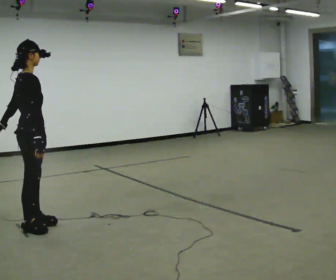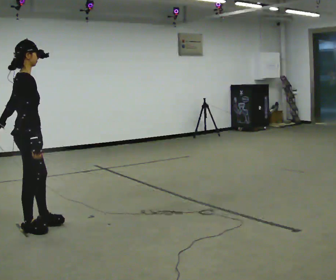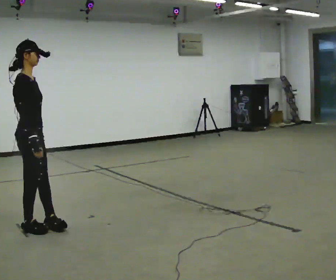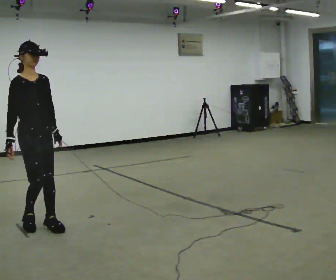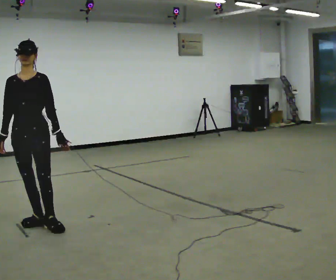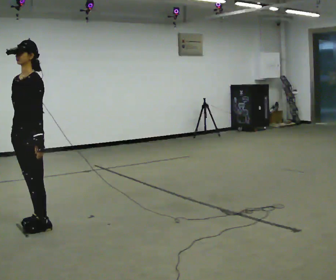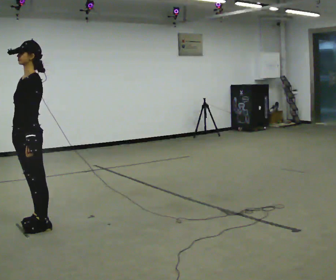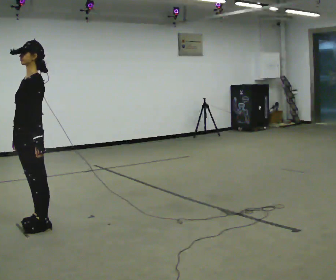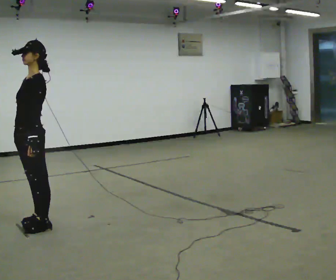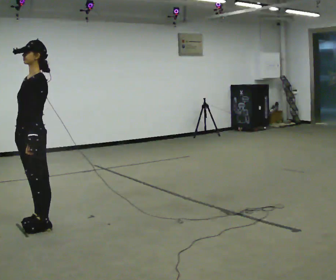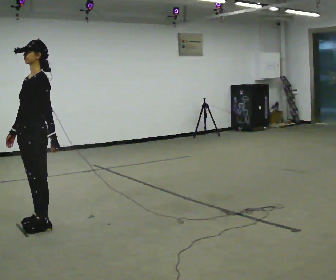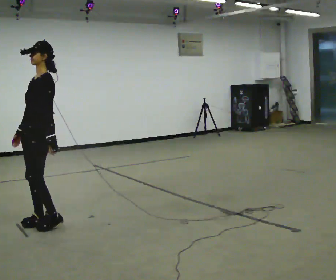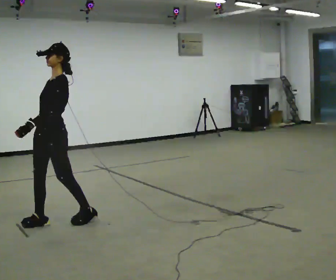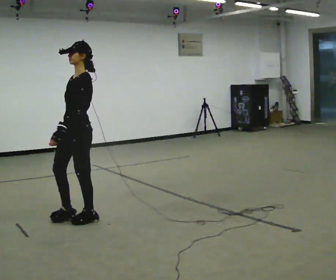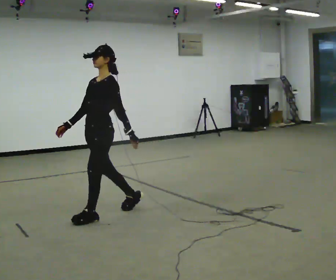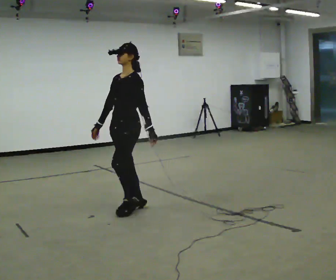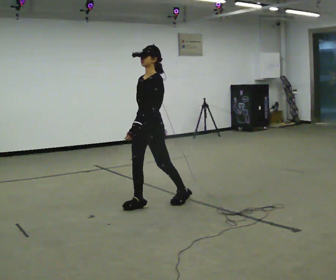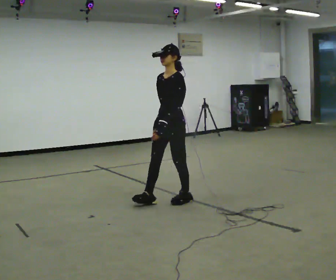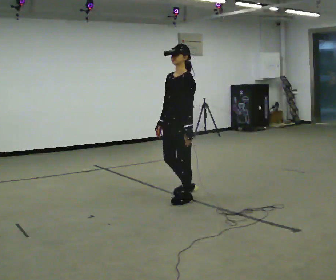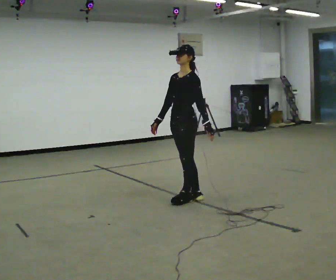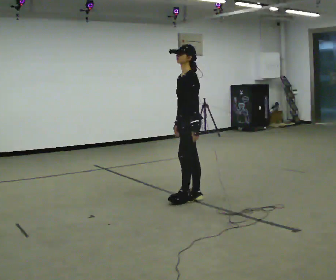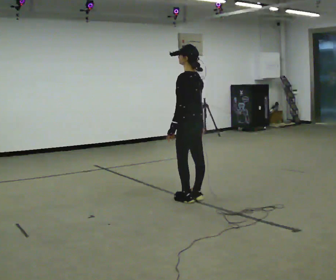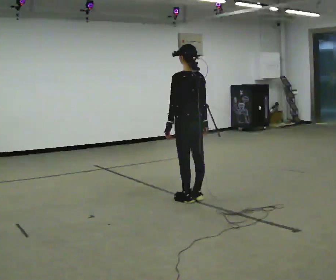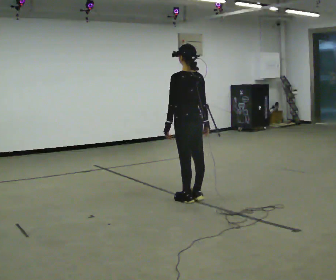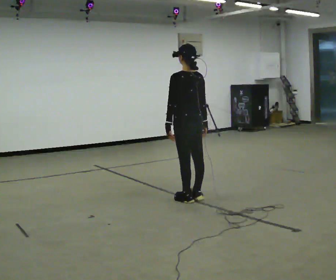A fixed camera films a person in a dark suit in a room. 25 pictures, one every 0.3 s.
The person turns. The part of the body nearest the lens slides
to the left.
The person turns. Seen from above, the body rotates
clockwise.
0.0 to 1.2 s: Seen from above the body turns clockwise, about 120 degrees: to their right, with its near side sliding to the left. In the picture their left hand goes to the right, the arm swinging counterclockwise.
1.2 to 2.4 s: The part of the body nearest the lens slides to the left as the person turns to their right by about 60 degrees.
2.4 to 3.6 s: In the picture they go to the right, about 0.25 m in 1 step, which for them is backward.
3.6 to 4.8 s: In the picture they go to the right and away from the camera, about 1 m in 2 steps, which for them is backward.
4.8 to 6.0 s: Seen from above the body turns clockwise, about 30 degrees: to their right, with its near side sliding to the left. In the picture they go to the right, about 0.5 m in 1 step, which for them is backward.
6.0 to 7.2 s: The part of the body nearest the lens slides to the left as the person turns to their right by about 75 degrees.
The film runs backward here.
